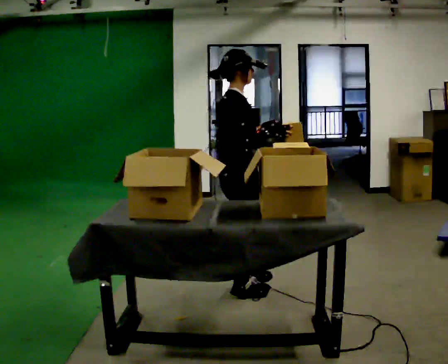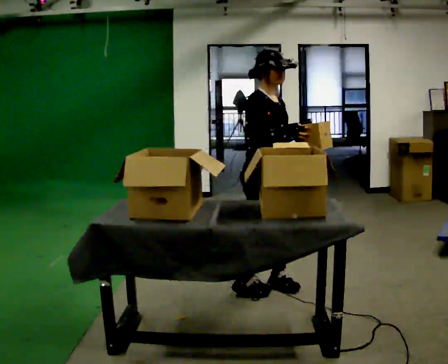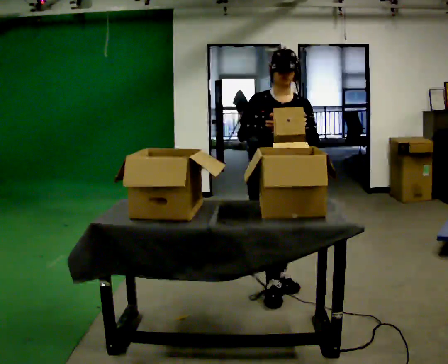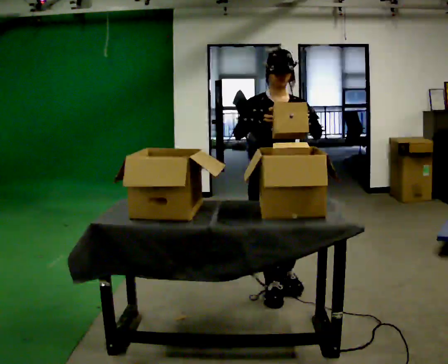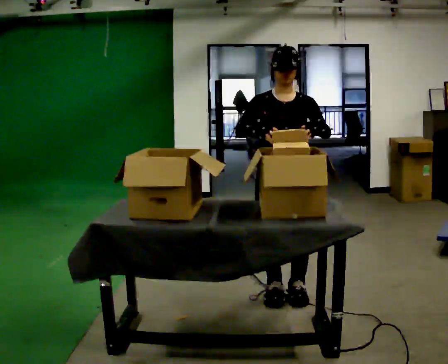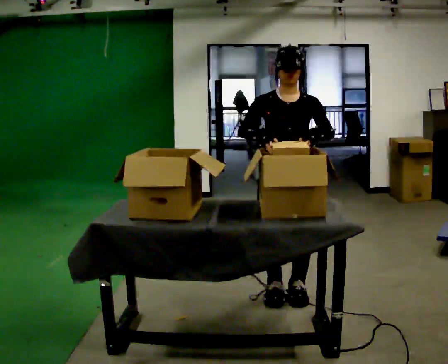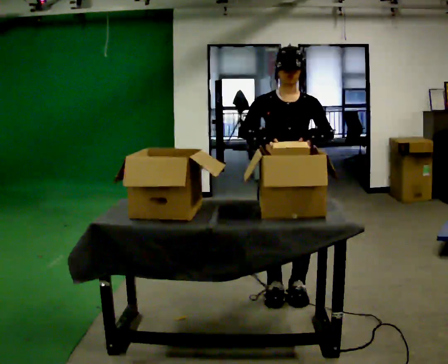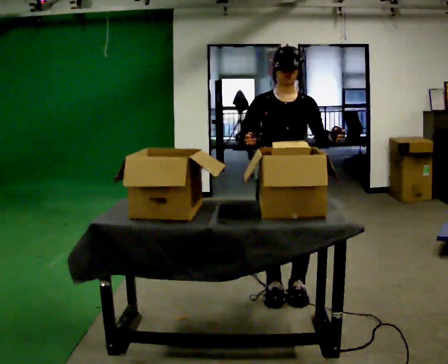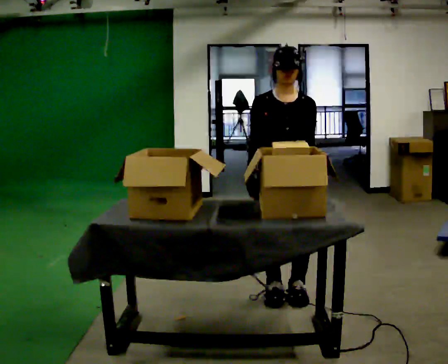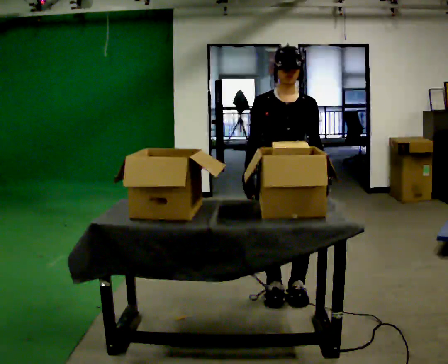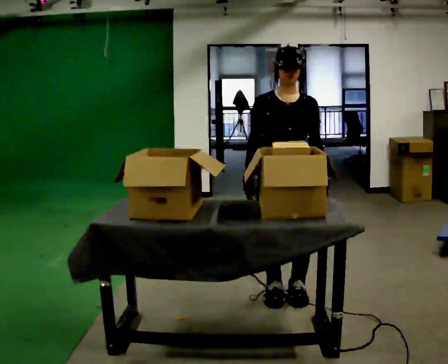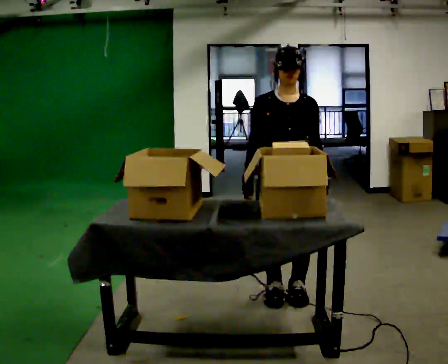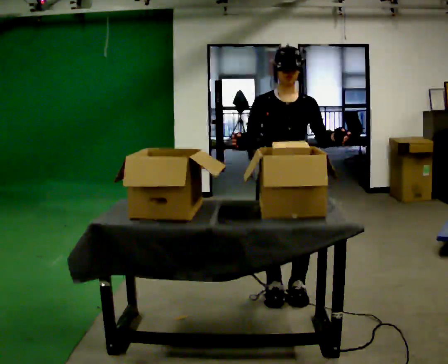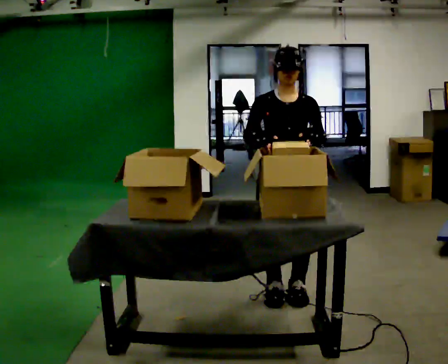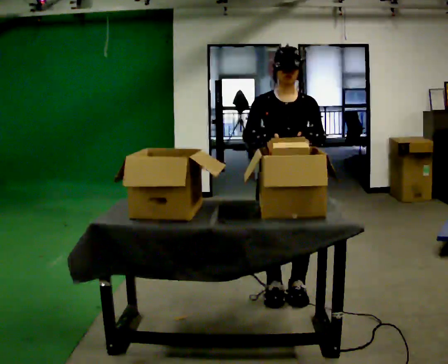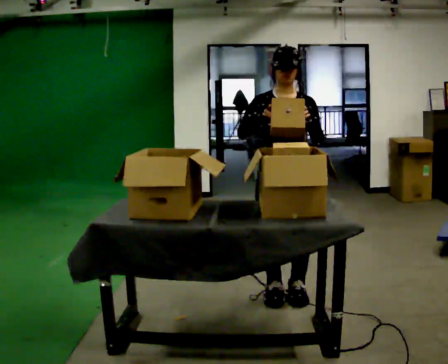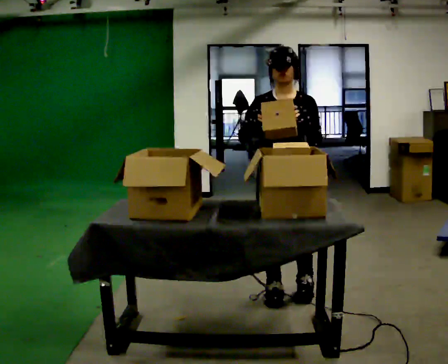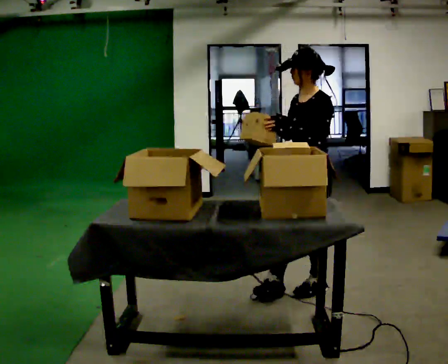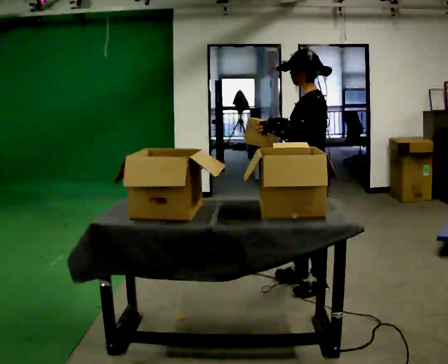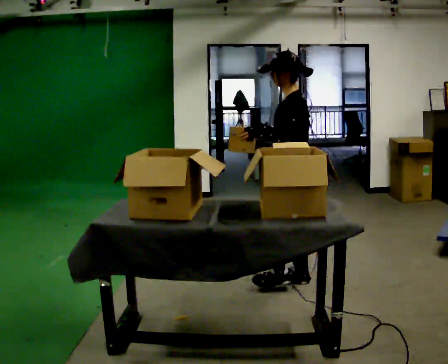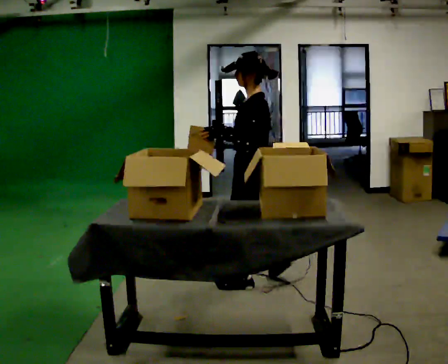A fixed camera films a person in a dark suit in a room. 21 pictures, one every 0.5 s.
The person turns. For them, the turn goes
to their right.
The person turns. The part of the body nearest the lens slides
to the left.
0.0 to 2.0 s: Seen from above the body turns clockwise, about 90 degrees: to their right, with its near side sliding to the left. In the picture they go to the right, about 0.25 m in 3 steps.
2.0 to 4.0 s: In the picture their left hand goes downward.
4.0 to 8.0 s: In the picture their left hand goes upward.
8.0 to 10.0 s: Seen from above the body turns clockwise, about 90 degrees: to their right, with its near side sliding to the left. In the picture they go to the left and away from the camera, about 0.25 m in 3 steps.
The film runs forward here.
